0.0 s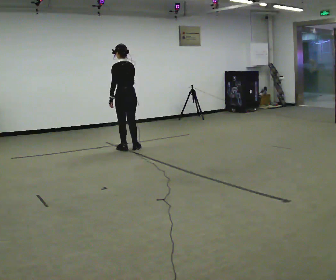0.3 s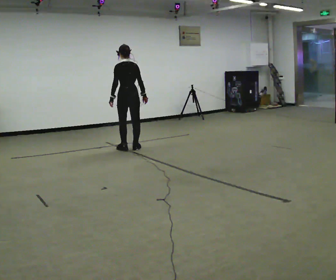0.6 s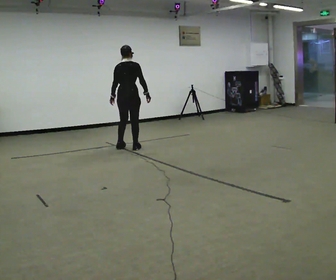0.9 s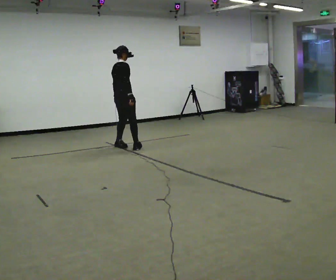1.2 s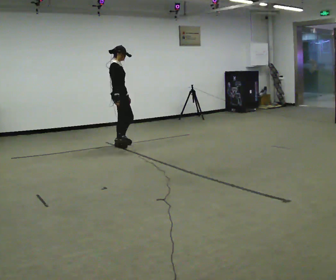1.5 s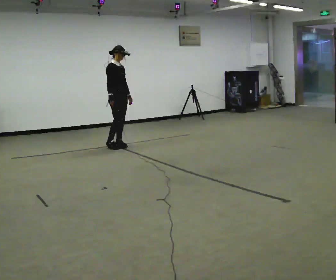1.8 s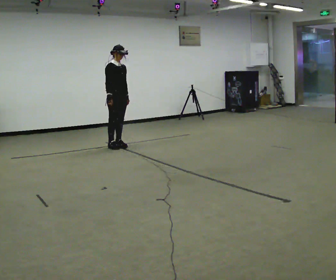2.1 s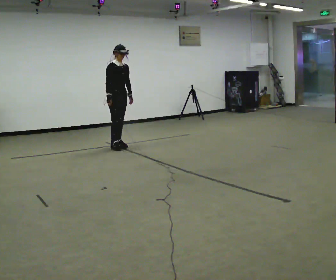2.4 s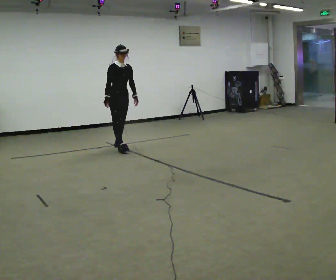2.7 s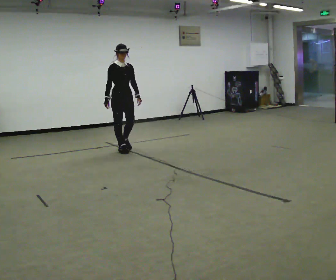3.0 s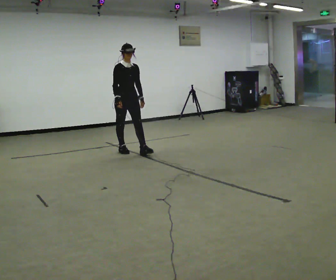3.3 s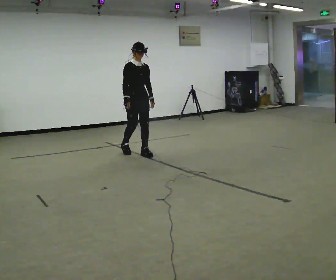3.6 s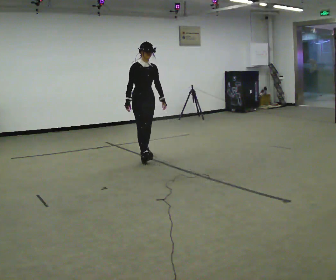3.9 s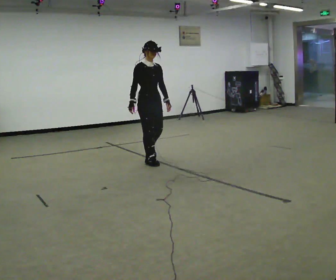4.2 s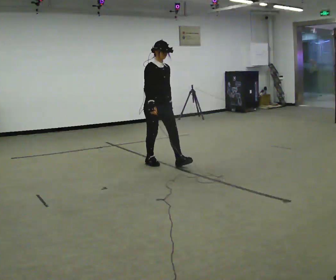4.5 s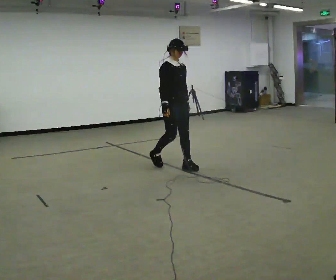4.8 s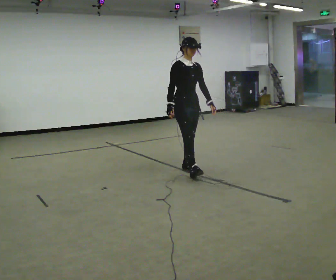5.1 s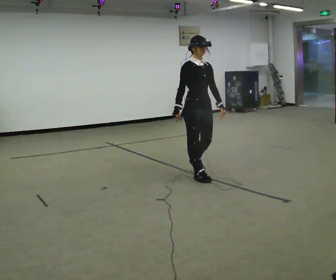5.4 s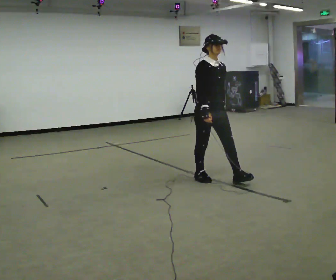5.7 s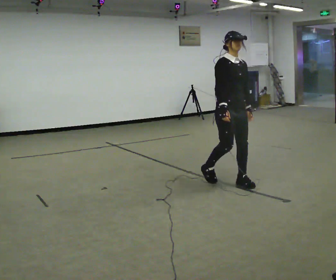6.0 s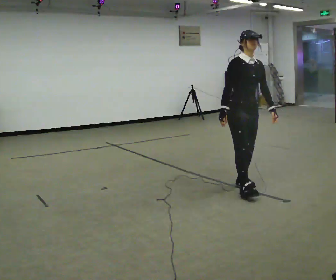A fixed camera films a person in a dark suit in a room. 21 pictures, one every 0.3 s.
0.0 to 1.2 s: The person turns about 120 degrees to their right, clockwise seen from above, so the part of the body nearest the lens slides to the left. In the picture they go away from the camera, about 0.25 m in 2 steps.
1.2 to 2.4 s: The part of the body nearest the lens slides to the left as the person turns to their right by about 45 degrees.
2.4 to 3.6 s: In the picture they go toward the camera and to the right, about 0.5 m in 2 steps, which for them is forward.
3.6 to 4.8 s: In the picture they go toward the camera and to the right, about 1 m in 2 steps, which for them is forward.
4.8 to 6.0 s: In the picture they go toward the camera and to the right, about 1 m in 2 steps, which for them is forward.
The film runs backward here.
